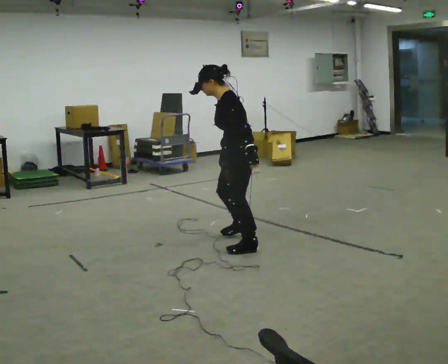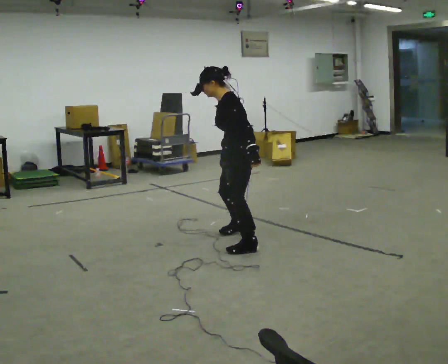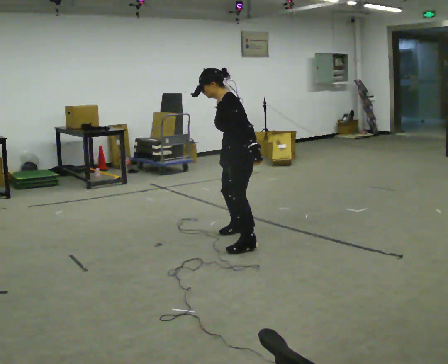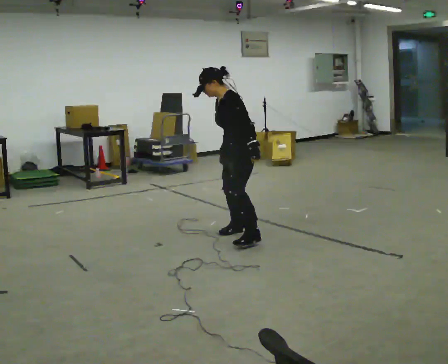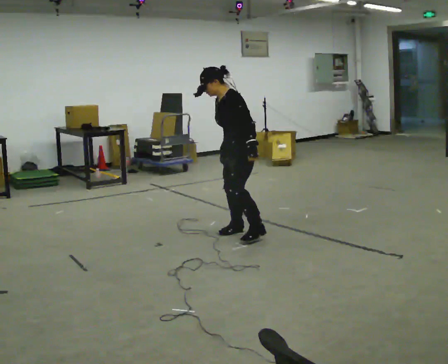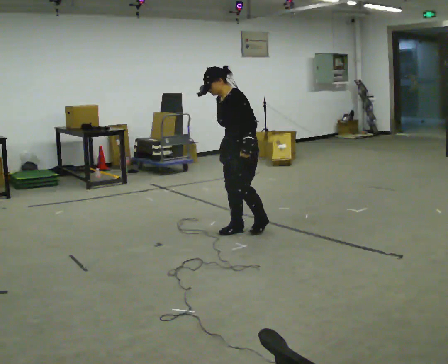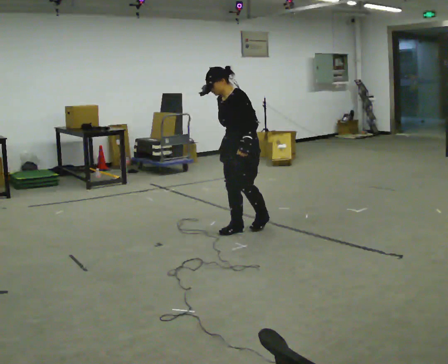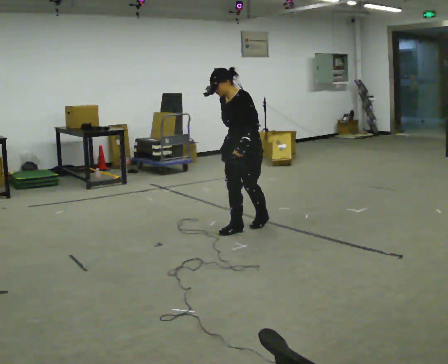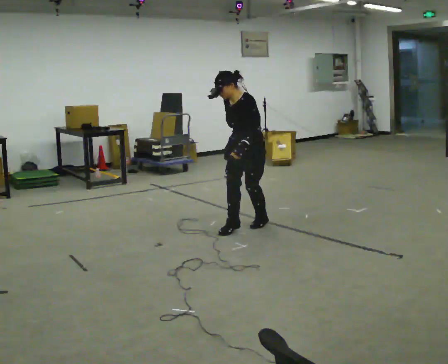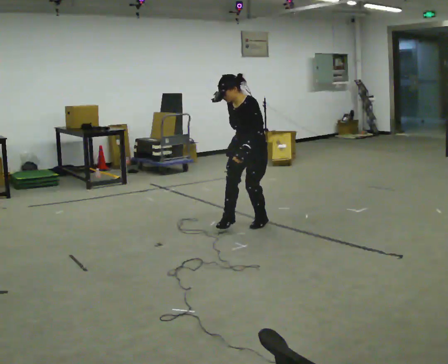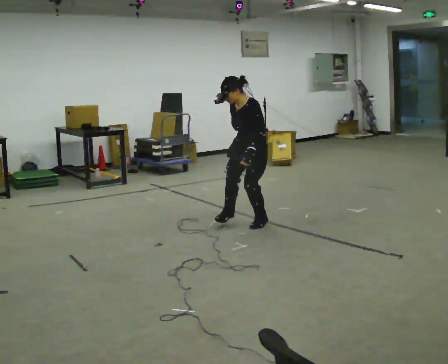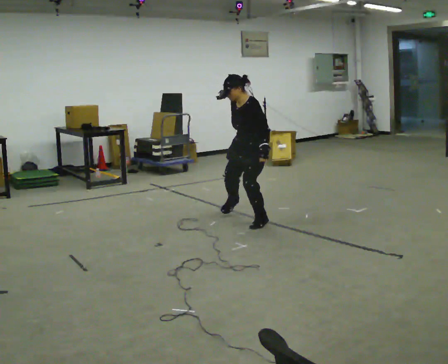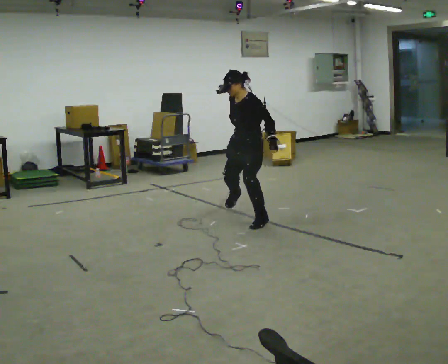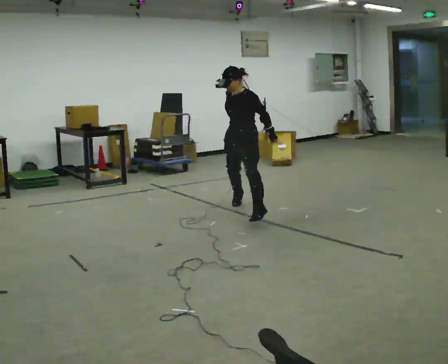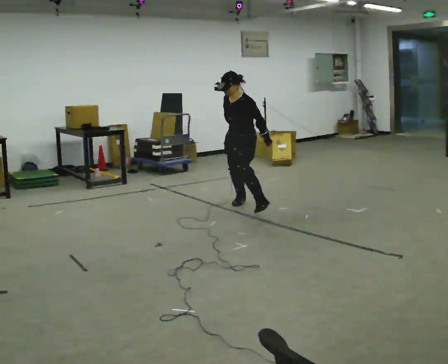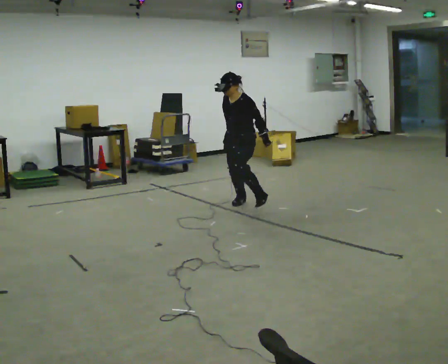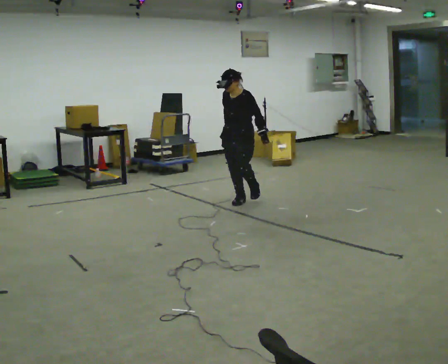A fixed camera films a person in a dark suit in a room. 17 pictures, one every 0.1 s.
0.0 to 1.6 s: The person turns about 60 degrees to their left, counterclockwise seen from above, so the part of the body nearest the lens slides to the right. In the picture they go away from the camera, about 1.5 m in 3 steps.
The film runs forward here.
